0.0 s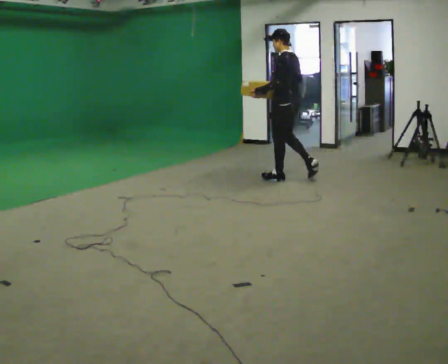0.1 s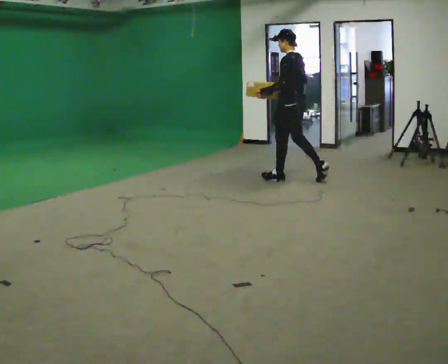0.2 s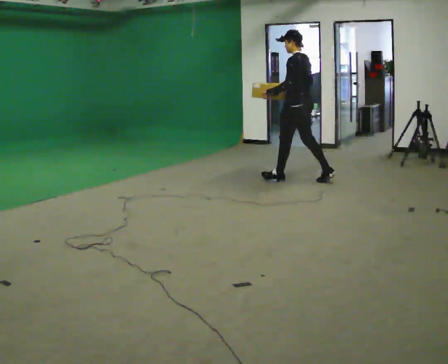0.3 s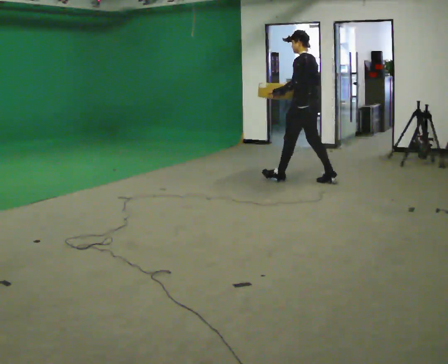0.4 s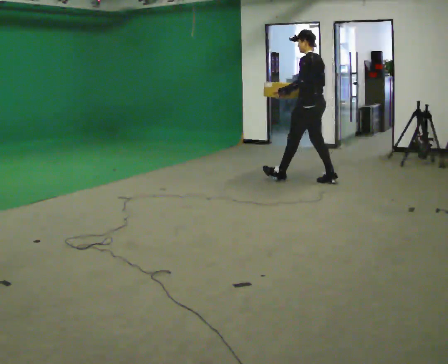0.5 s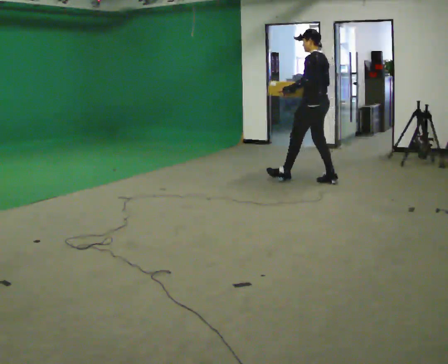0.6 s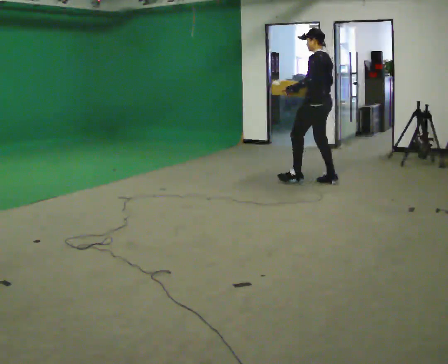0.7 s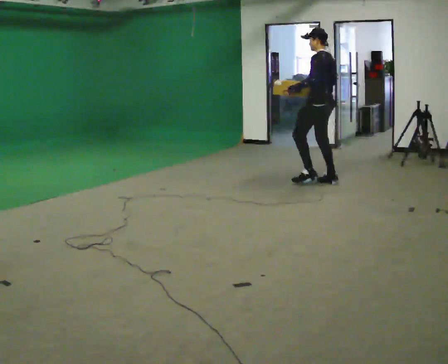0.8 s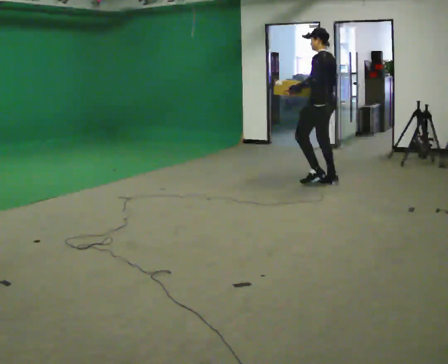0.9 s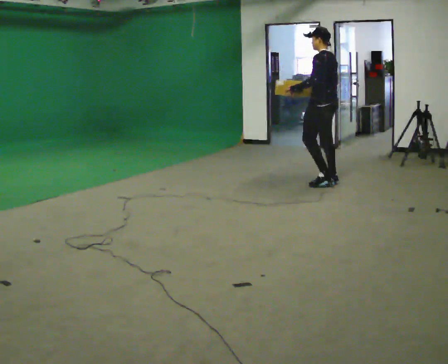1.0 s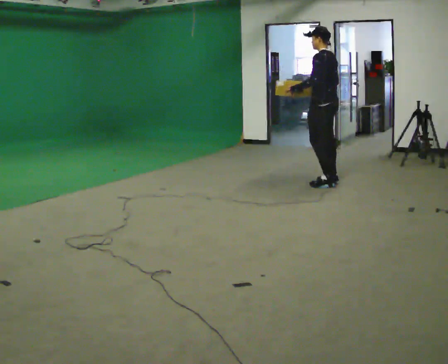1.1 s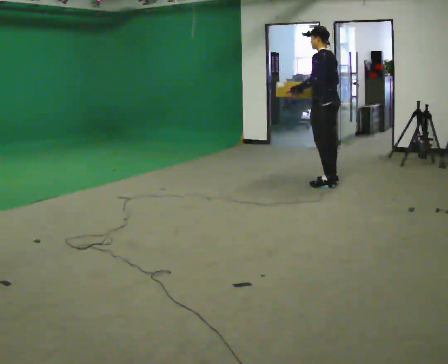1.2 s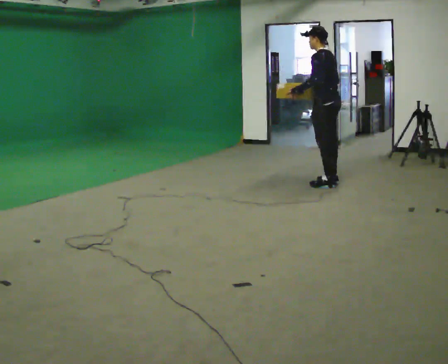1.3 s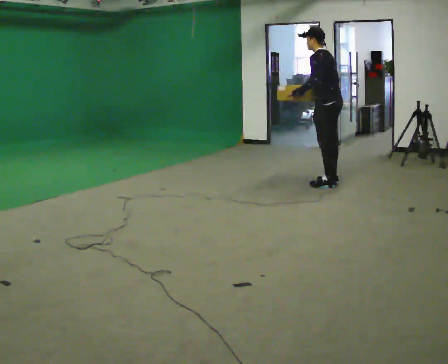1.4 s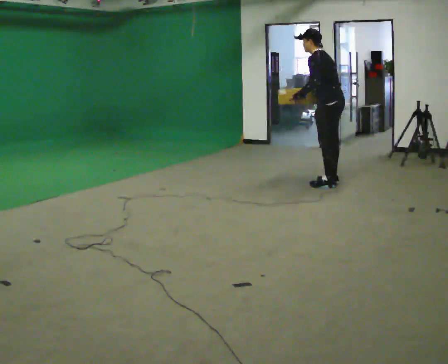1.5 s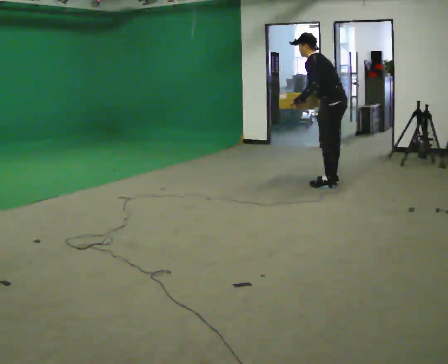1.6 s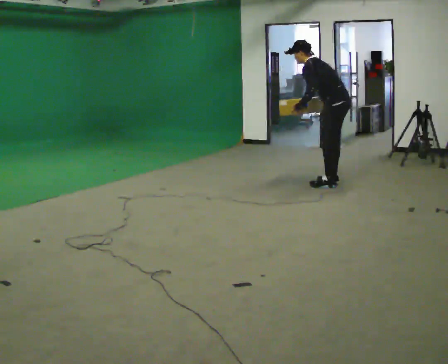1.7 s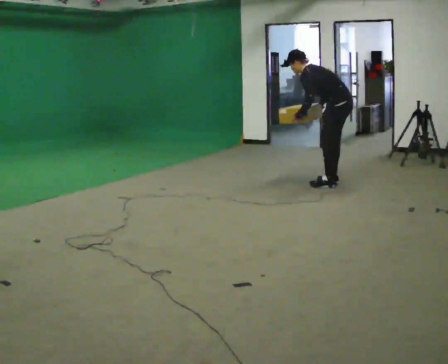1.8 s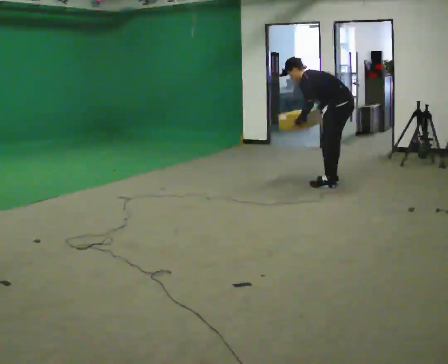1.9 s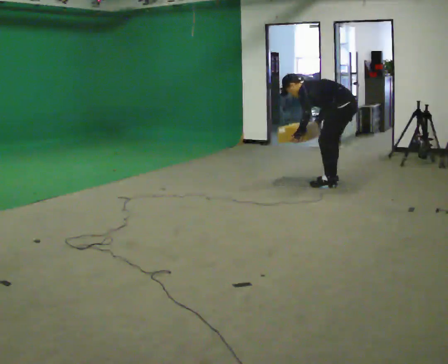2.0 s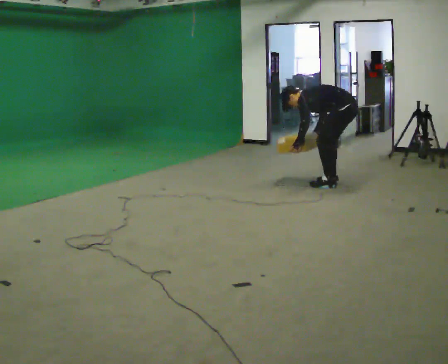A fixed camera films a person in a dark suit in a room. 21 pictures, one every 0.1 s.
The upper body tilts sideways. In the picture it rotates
counterclockwise.
Their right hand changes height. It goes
downward.
0.0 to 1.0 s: In the picture they go to the right, about 0.5 m in 1 step, which for them is backward.
1.0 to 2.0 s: In the picture they go to the right, about 0.25 m, which for them is backward. The upper body goes downward. In the picture the upper body tilts counterclockwise, shoulders to the left, as they bend forward. In the picture their left hand goes downward.
The film runs backward here.
